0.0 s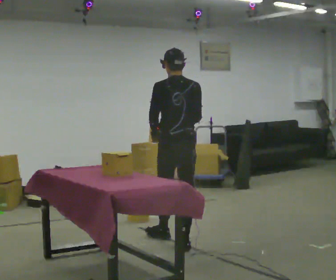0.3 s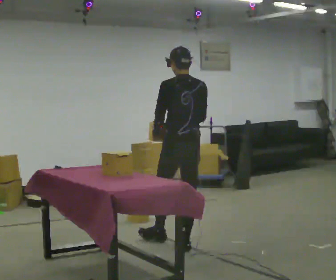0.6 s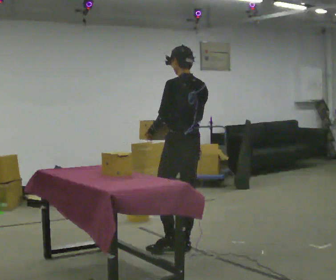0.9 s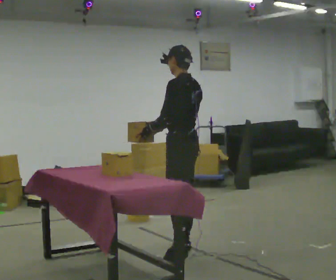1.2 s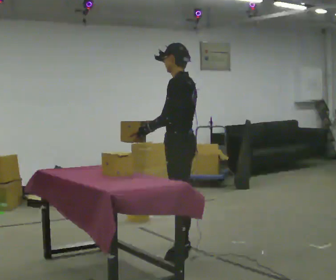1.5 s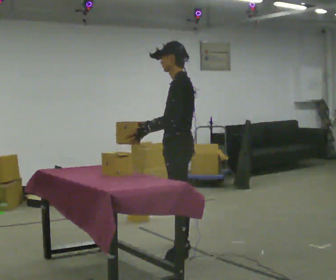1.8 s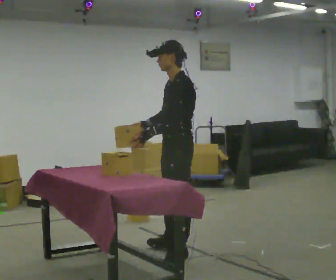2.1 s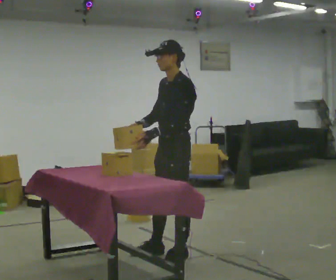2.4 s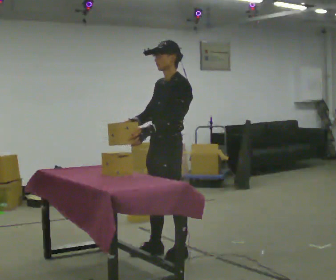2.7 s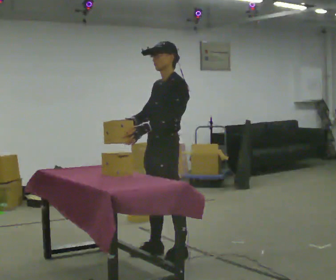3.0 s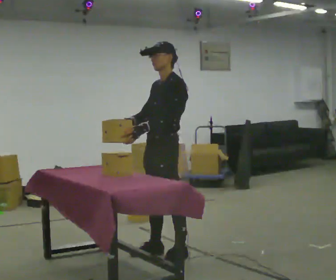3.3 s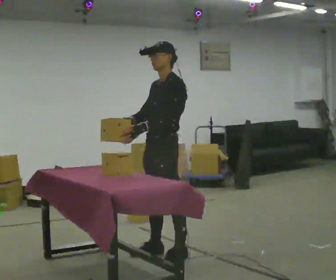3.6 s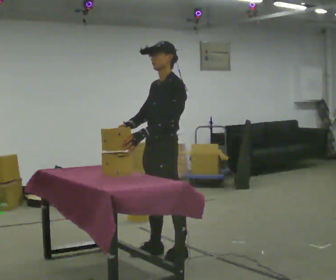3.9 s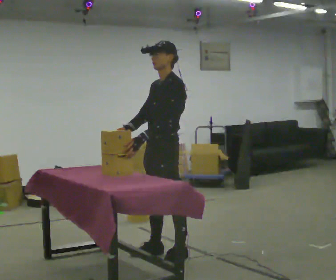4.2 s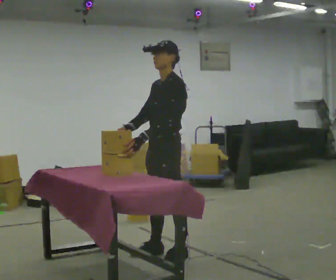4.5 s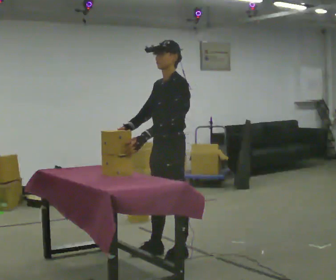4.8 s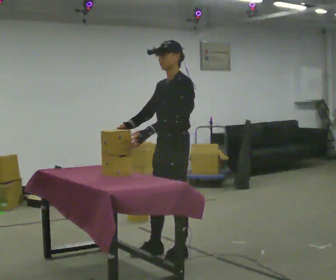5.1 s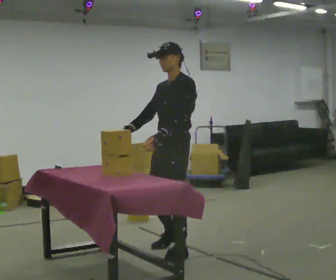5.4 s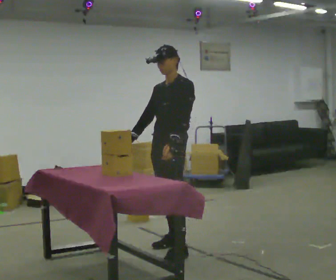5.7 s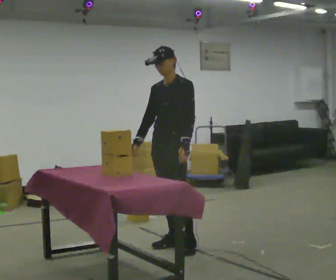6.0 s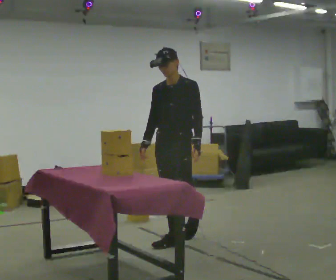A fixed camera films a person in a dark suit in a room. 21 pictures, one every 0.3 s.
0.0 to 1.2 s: Seen from above the body turns counterclockwise, about 60 degrees: to their left, with its near side sliding to the right. In the picture they go toward the camera, about 0.25 m in 1 step, which for them is backward and to their left.
1.2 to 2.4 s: Seen from above the body turns counterclockwise, about 45 degrees: to their left, with its near side sliding to the right.
2.4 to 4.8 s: The person moves a little, or ends about where they began.
4.8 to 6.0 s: The part of the body nearest the lens slides to the right as the person turns to their left by about 30 degrees. In the picture they go away from the camera, about 0.5 m in 2 steps, which for them is to their right and backward.
The film runs backward here.
